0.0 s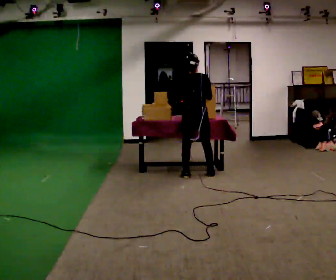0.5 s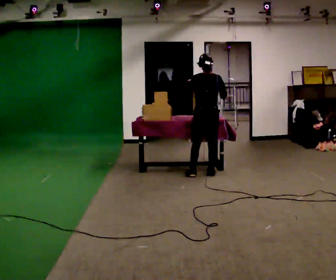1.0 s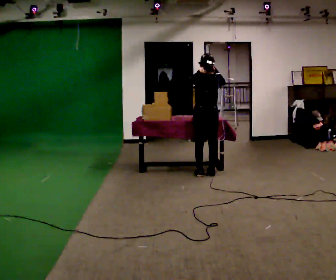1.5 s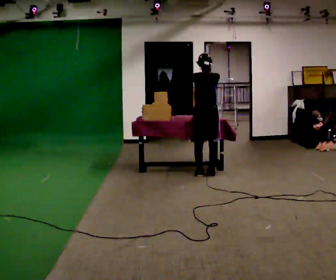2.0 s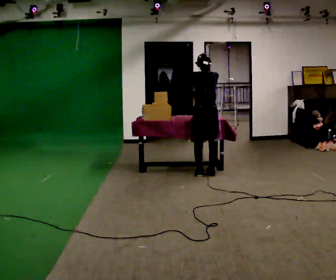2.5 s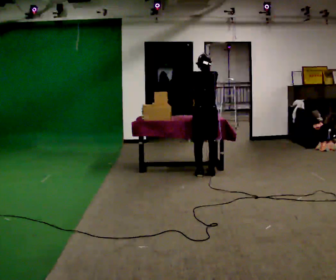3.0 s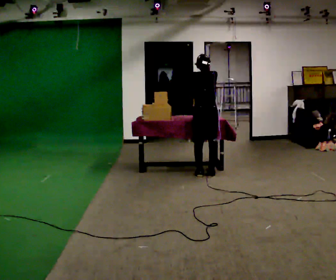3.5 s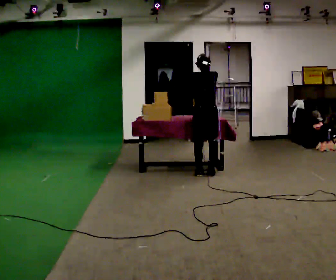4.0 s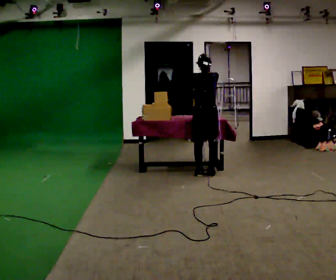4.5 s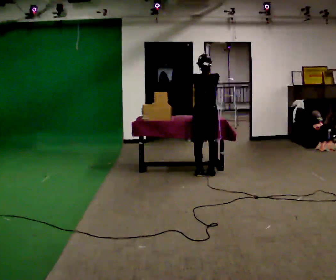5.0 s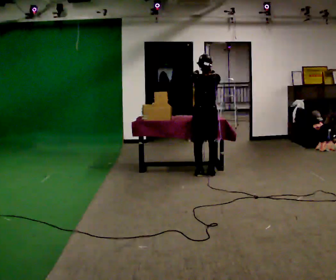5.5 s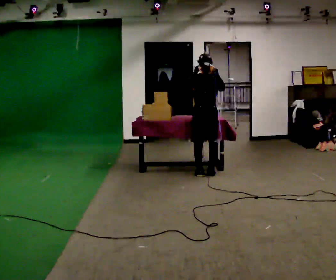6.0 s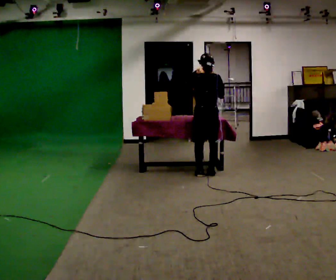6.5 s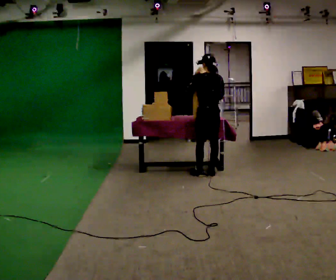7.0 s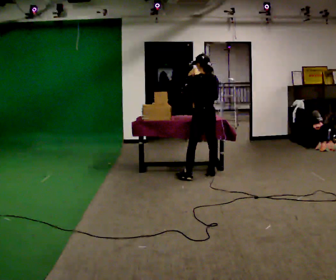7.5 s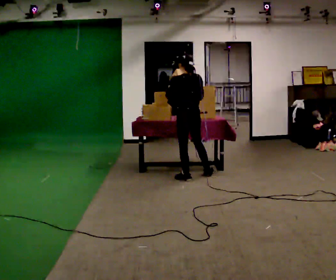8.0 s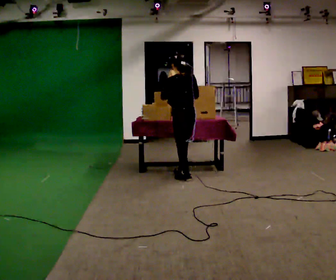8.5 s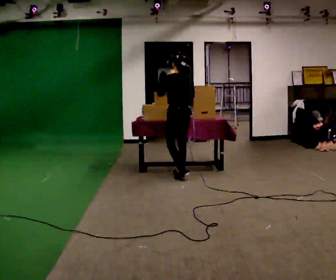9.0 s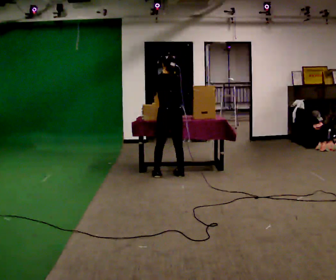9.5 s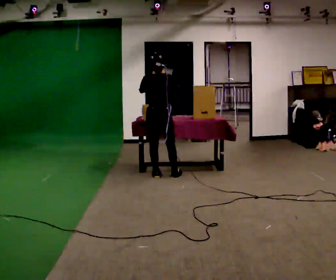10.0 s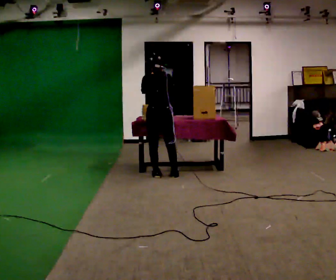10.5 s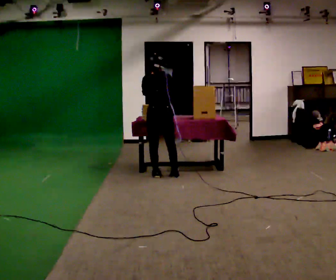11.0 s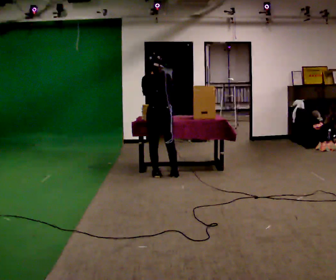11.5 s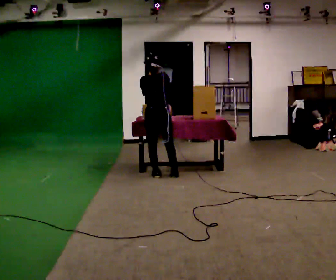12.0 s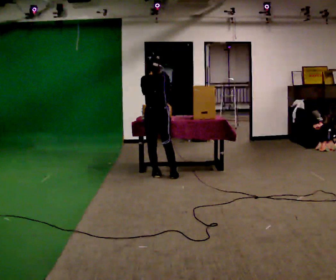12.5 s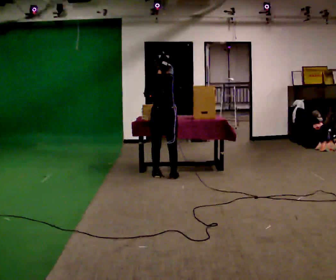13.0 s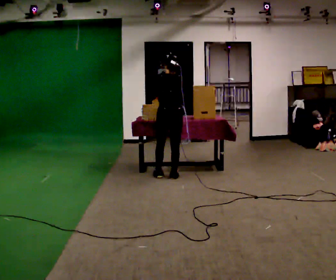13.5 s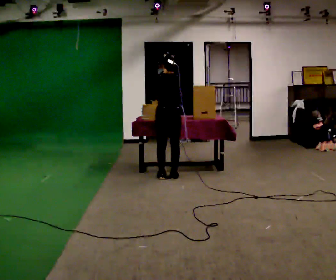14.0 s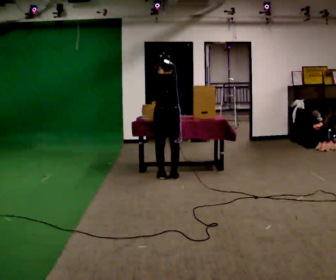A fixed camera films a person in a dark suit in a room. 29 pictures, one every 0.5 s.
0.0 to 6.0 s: The person moves a little, or ends about where they began.
6.0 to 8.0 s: Seen from above the body turns counterclockwise, about 30 degrees: to their left, with its near side sliding to the right. In the picture they go to the left and toward the camera, about 0.25 m in 2 steps, which for them is to their left.
8.0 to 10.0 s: Seen from above the body turns clockwise, about 30 degrees: to their right, with its near side sliding to the left. In the picture they go to the left, about 0.25 m in 1 step, which for them is to their left and forward.
10.0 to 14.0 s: The person moves a little, or ends about where they began.
The film runs forward here.
